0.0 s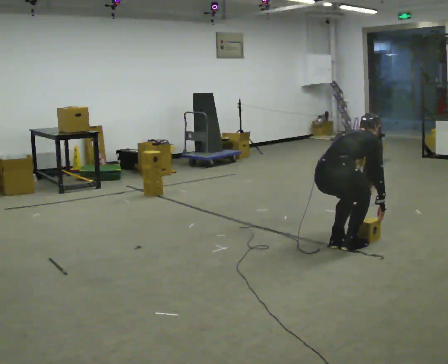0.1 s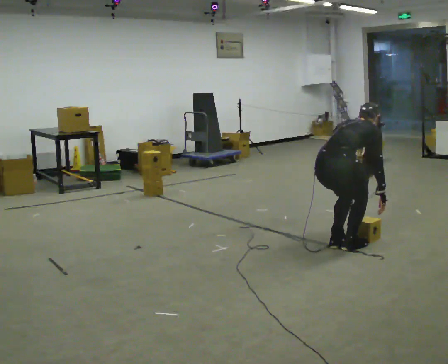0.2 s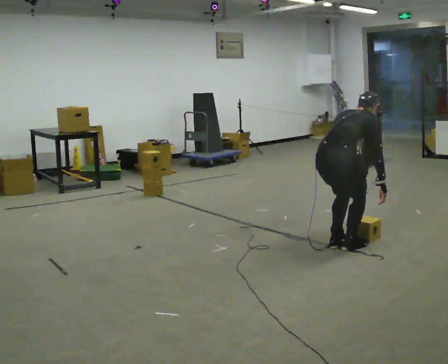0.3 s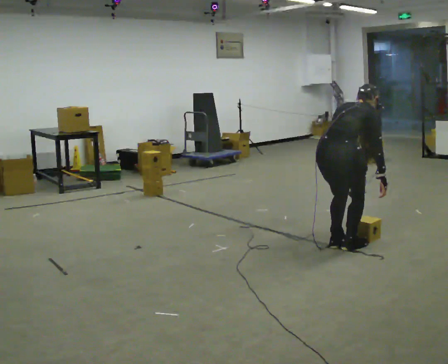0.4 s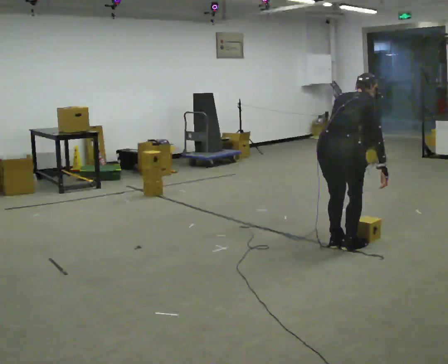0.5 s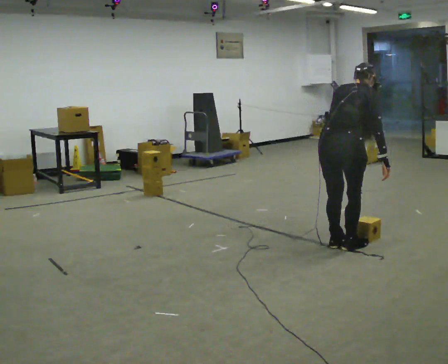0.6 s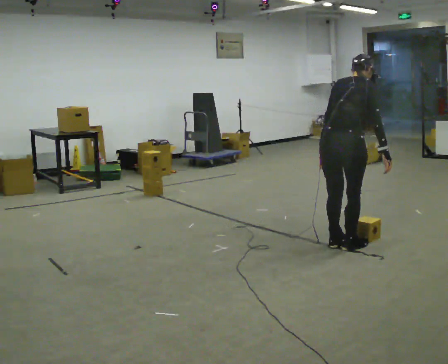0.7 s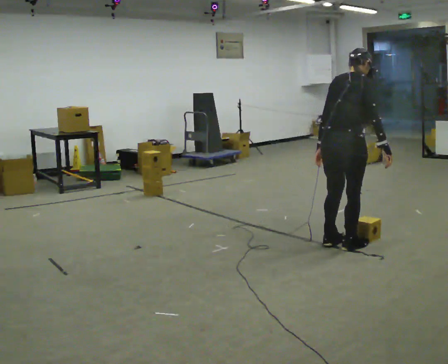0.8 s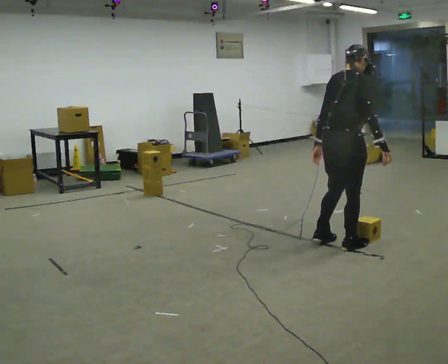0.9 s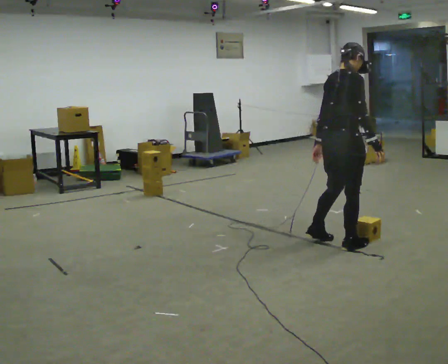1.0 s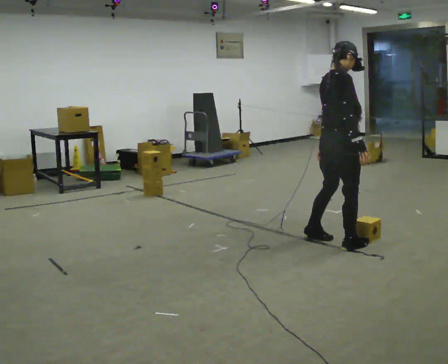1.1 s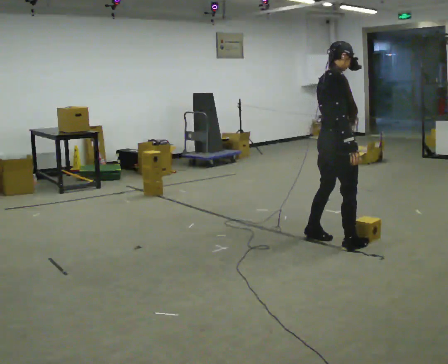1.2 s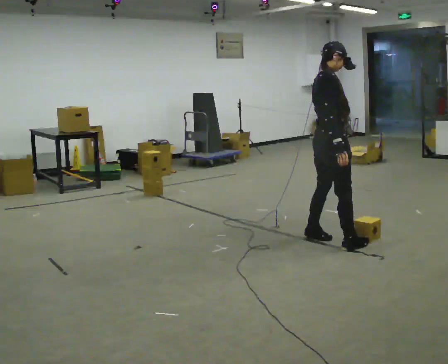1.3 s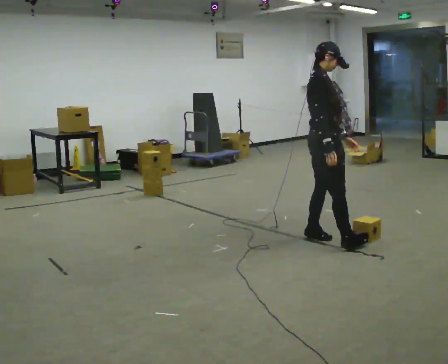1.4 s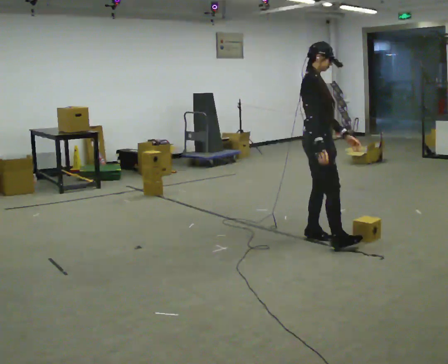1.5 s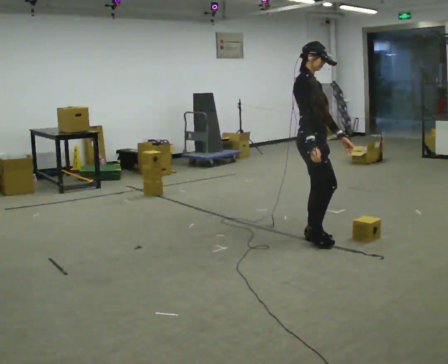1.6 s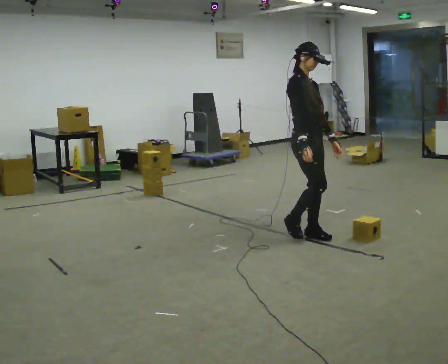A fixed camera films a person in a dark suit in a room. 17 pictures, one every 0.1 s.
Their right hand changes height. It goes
upward.
The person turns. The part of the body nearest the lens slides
to the left.
0.0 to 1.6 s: The person turns about 90 degrees to their right, clockwise seen from above, so the part of the body nearest the lens slides to the left. In the picture they go away from the camera and to the left, about 0.5 m in 2 steps. The upper body goes upward. In the picture the upper body tilts counterclockwise, shoulders to the left, as they lean back or straighten. In the picture their left hand goes upward.
The film runs backward here.
